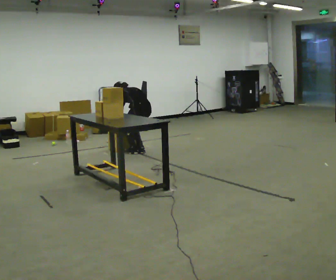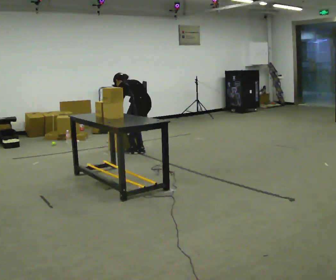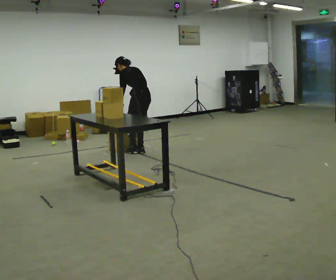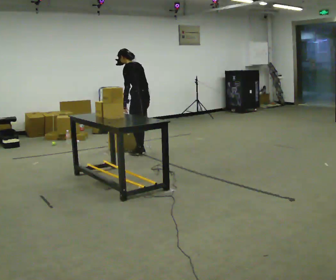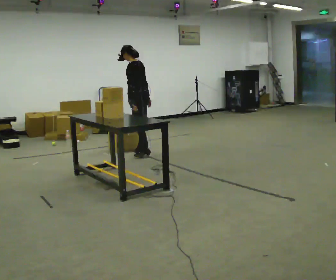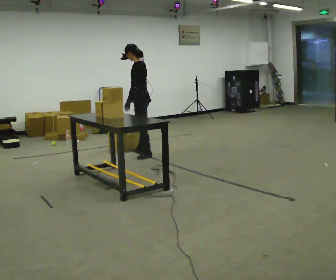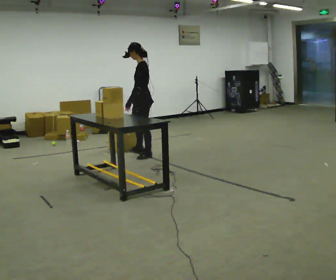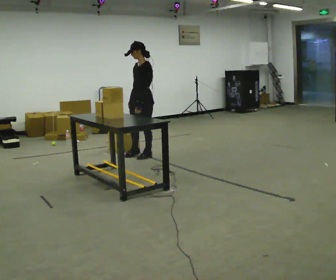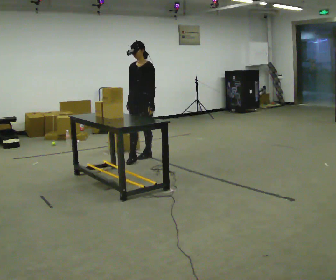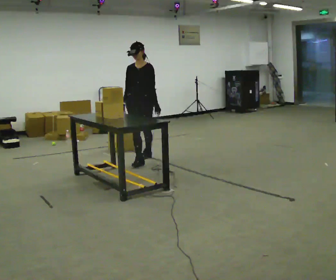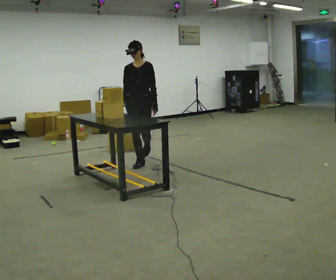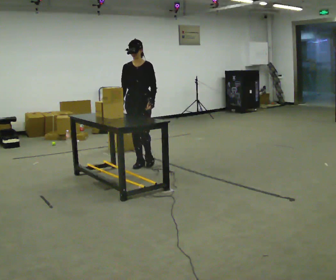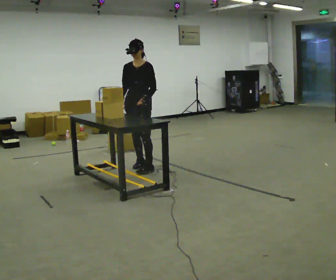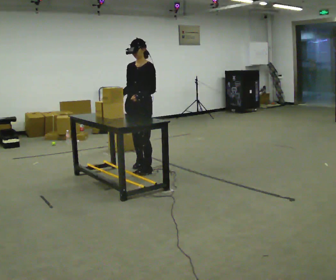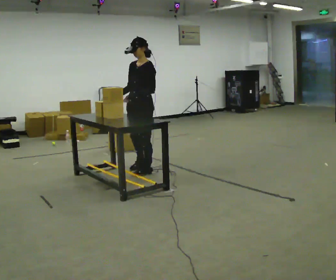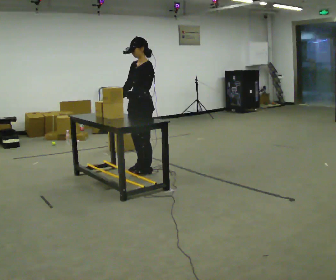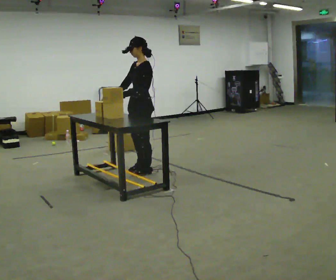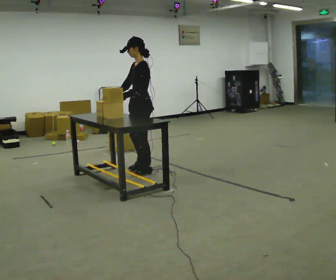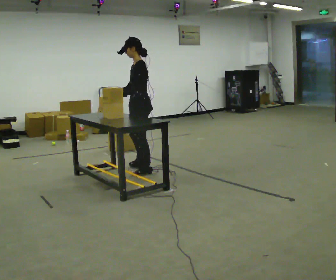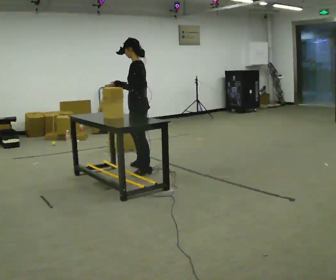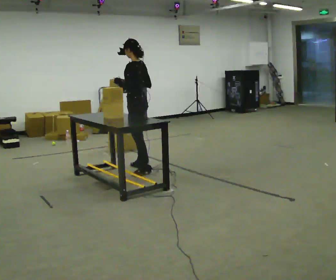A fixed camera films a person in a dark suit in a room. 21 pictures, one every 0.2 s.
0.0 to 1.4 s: The part of the body nearest the lens slides to the right as the person turns to their left by about 90 degrees. In the picture they go toward the camera, about 0.25 m in 1 step. The shoulders move upward. The upper body tips toward the camera, its near side rolling downward, as they lean back or straighten. In the picture their left hand goes upward and to the right.
1.4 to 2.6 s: In the picture they go toward the camera, about 0.75 m in 2 steps, which for them is forward.
2.6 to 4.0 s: Seen from above the body turns clockwise, about 75 degrees: to their right, with its near side sliding to the left.
The film runs forward here.
